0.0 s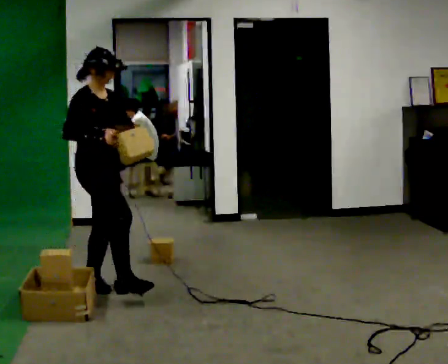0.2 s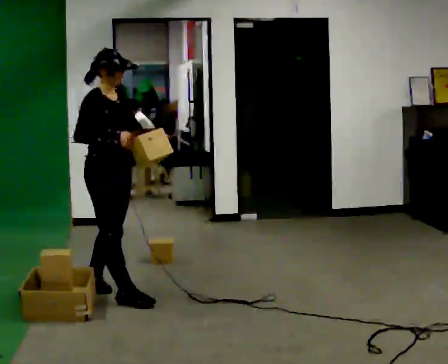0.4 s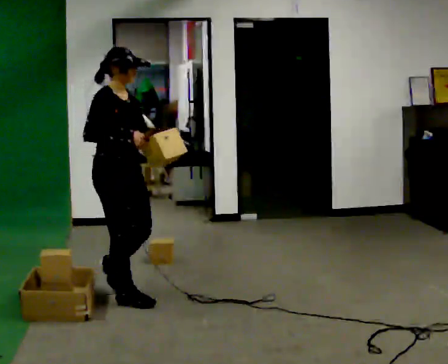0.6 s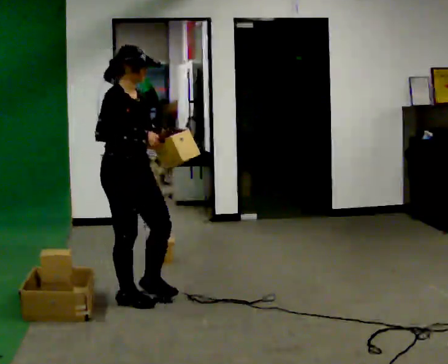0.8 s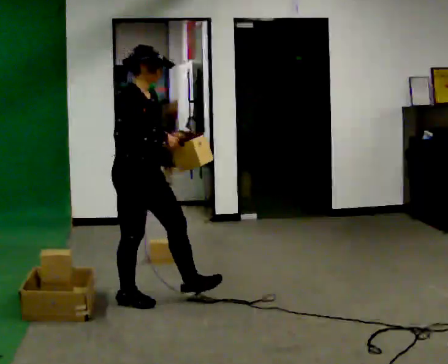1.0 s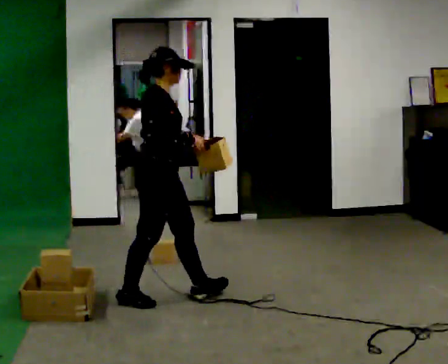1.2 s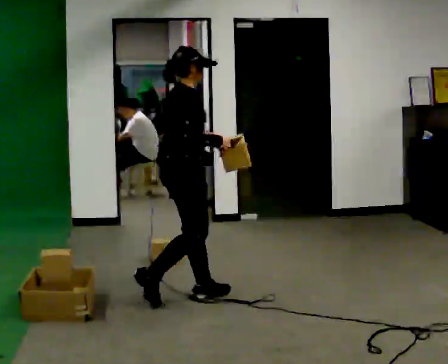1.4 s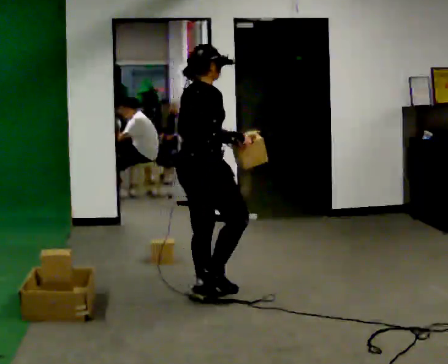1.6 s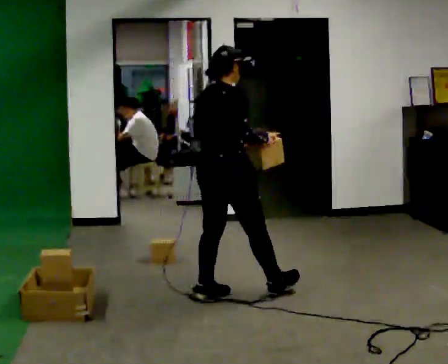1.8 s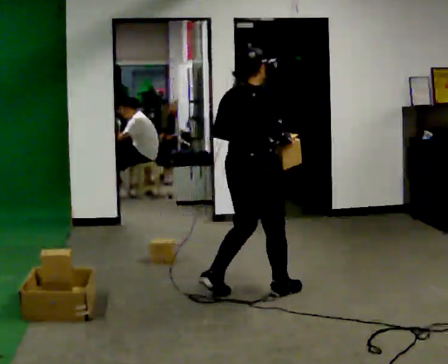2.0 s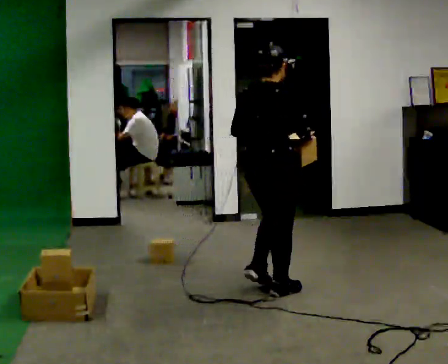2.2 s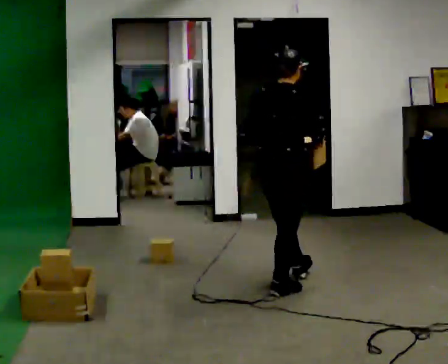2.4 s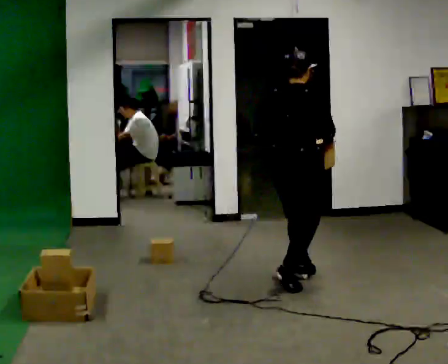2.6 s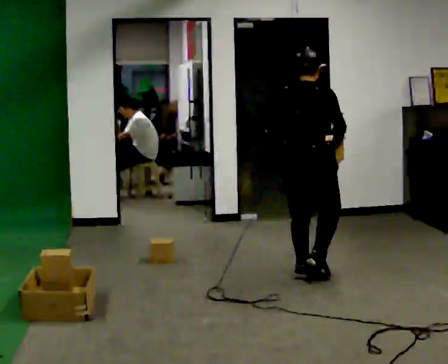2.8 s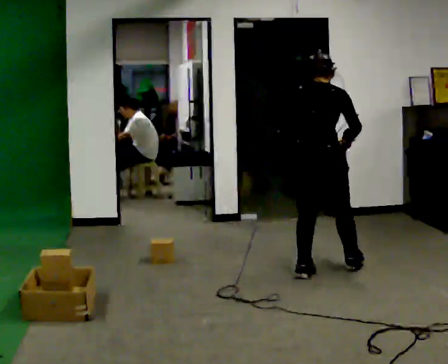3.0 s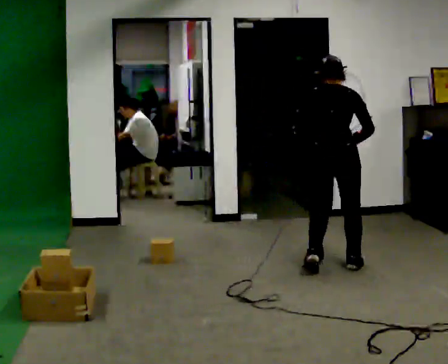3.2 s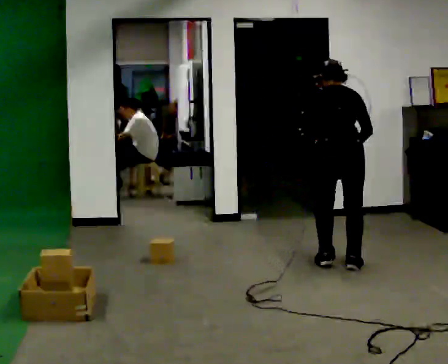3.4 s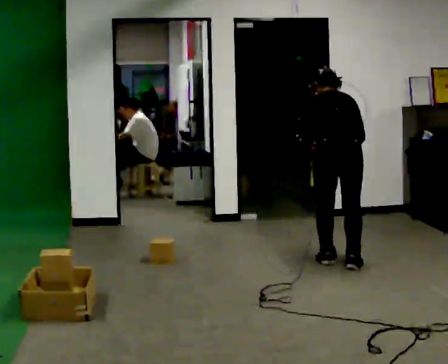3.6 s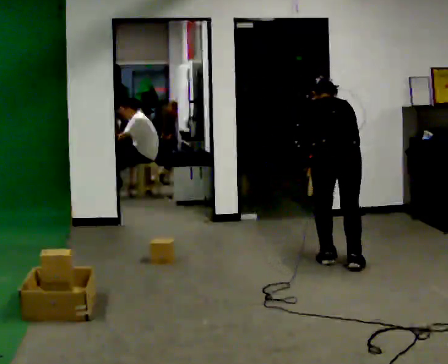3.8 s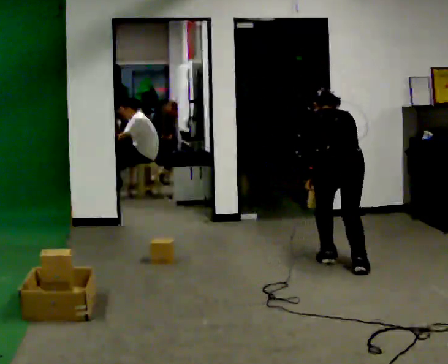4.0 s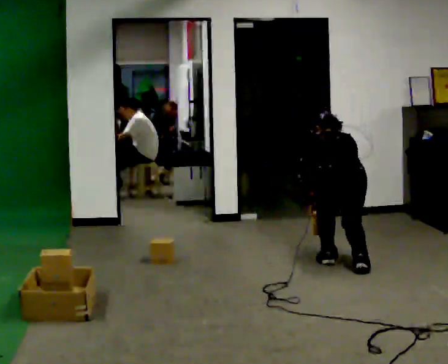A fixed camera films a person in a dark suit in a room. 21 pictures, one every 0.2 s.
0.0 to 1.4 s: Seen from above the body turns counterclockwise, about 45 degrees: to their left, with its near side sliding to the right. In the picture they go to the right, about 0.75 m in 2 steps, which for them is forward.
1.4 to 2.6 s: The person turns about 30 degrees to their left, counterclockwise seen from above, so the part of the body nearest the lens slides to the right. In the picture they go to the right and away from the camera, about 1 m in 2 steps, which for them is forward.
2.6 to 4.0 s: Seen from above the body turns counterclockwise, about 45 degrees: to their left, with its near side sliding to the right. In the picture they go to the right and away from the camera, about 0.5 m in 2 steps, which for them is to their right and forward. The shoulders move downward. The upper body tips away from the camera, its near side rolling upward, as they bend forward. In the picture their right hand goes downward.
The film runs forward here.
